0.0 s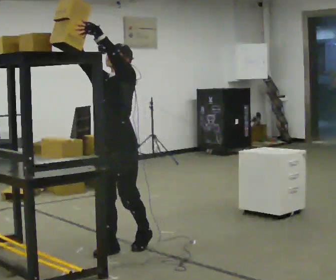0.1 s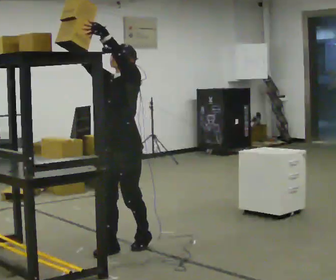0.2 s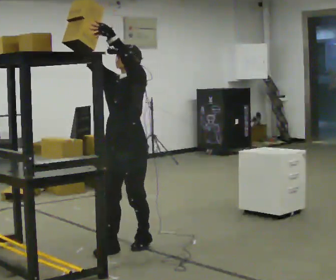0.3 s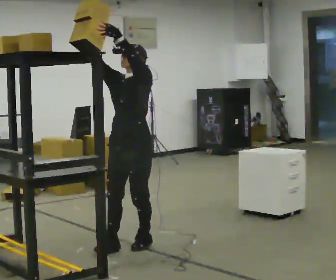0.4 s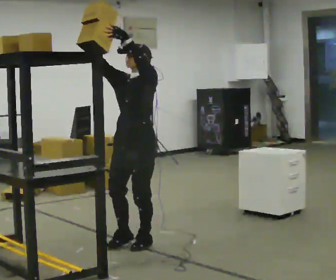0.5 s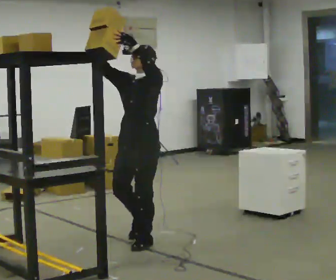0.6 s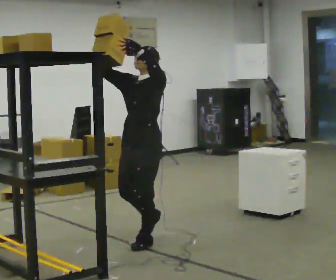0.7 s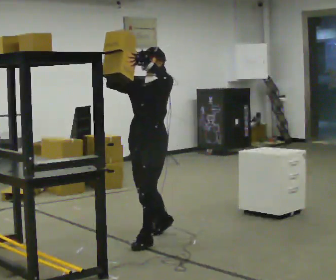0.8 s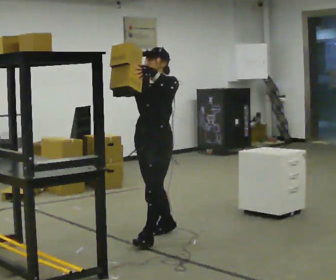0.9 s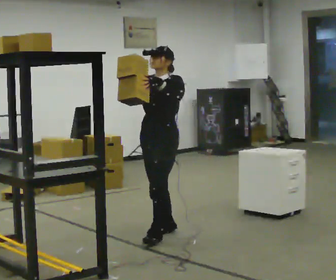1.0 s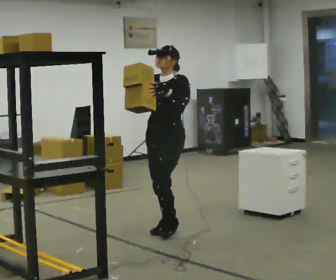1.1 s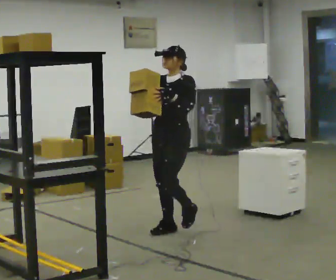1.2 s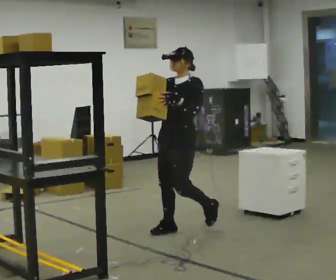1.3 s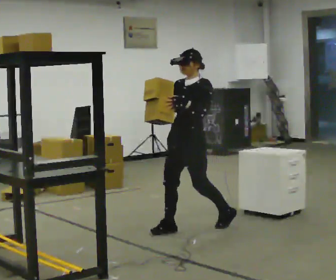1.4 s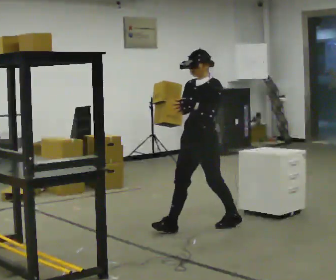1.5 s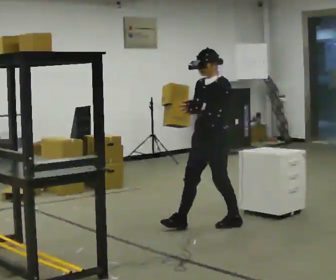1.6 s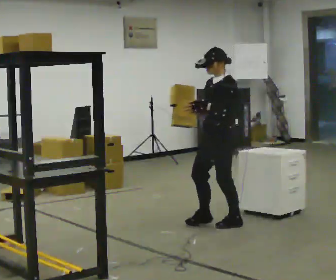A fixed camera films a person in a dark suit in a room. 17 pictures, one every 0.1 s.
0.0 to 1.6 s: The part of the body nearest the lens slides to the left as the person turns to their right by about 30 degrees. In the picture they go to the right and away from the camera, about 1 m in 3 steps, which for them is backward. In the picture their right hand goes downward.
The film runs backward here.
